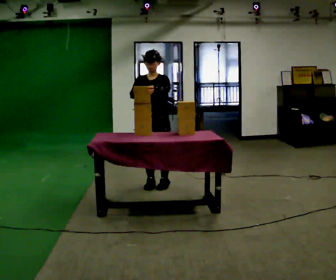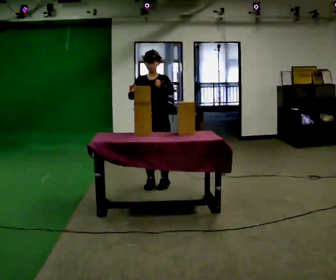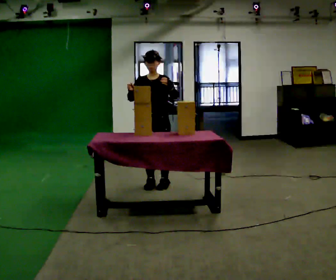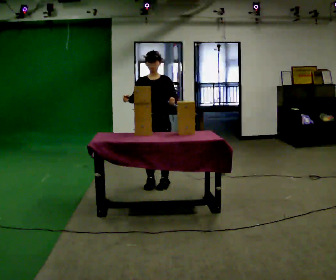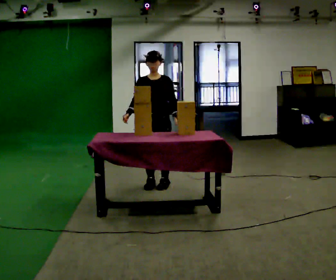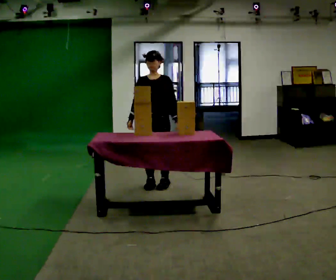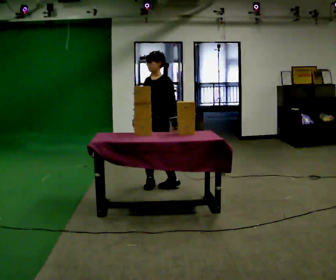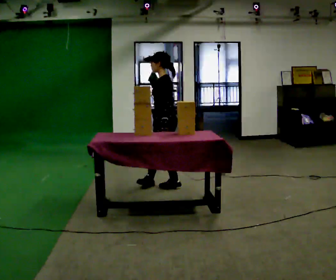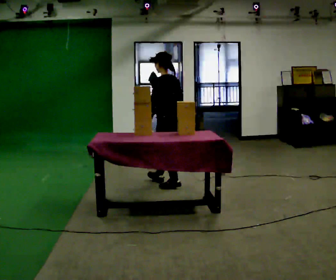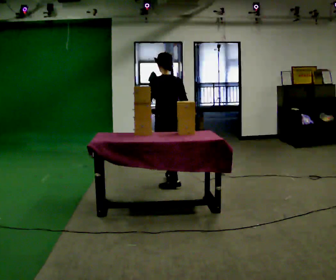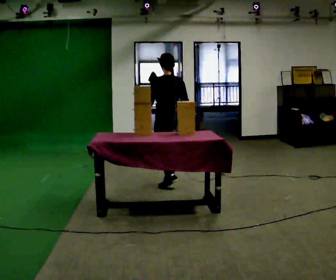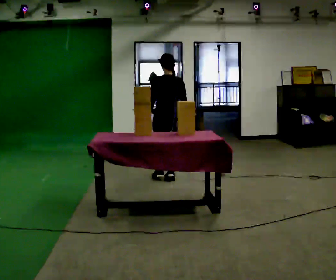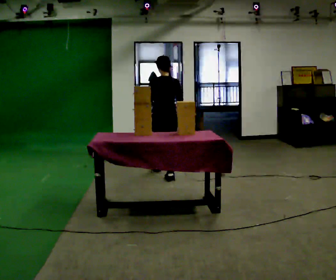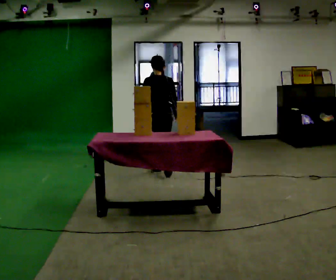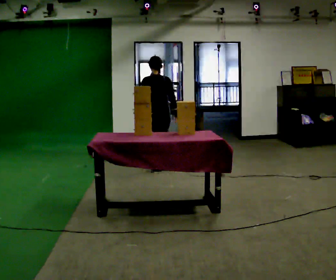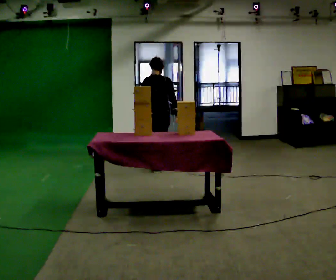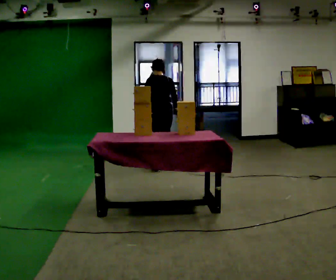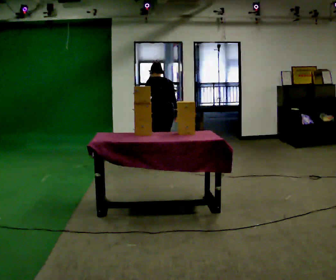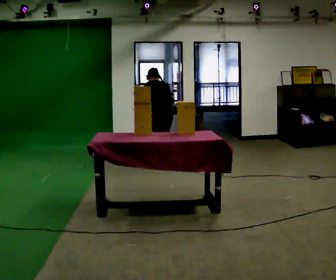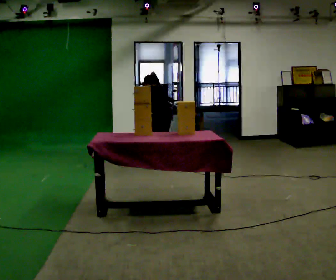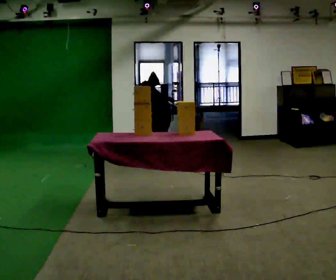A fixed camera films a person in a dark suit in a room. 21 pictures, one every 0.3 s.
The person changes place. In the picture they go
away from the camera.
The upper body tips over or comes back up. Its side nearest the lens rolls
upward.
0.0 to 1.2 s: In the picture their left hand goes downward.
1.2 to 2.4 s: The part of the body nearest the lens slides to the left as the person turns to their right by about 120 degrees. In the picture they go to the right, about 0.25 m in 1 step. In the picture their right hand goes to the right, the arm swinging counterclockwise.
2.4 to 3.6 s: The part of the body nearest the lens slides to the left as the person turns to their right by about 45 degrees. In the picture they go away from the camera, about 0.5 m in 2 steps, which for them is forward.
3.6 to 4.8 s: In the picture they go away from the camera, about 0.5 m in 1 step, which for them is forward.
4.8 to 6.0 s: The shoulders move downward. The upper body tips away from the camera, its near side rolling upward, as they bend forward. In the picture their right hand goes to the left.
The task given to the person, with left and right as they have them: Pick an object up off the floor at one end of the room, carry it across, and place it on the waist-height shelf at the other end. Keep going until the operator says stop; one object at a time, and do not rush between trips.
The film runs forward here.
